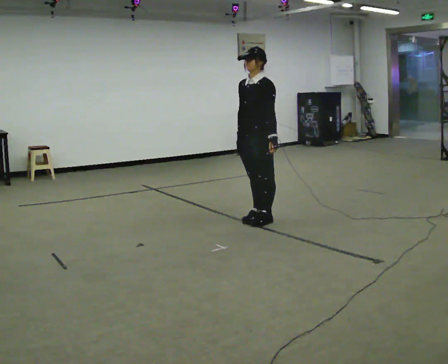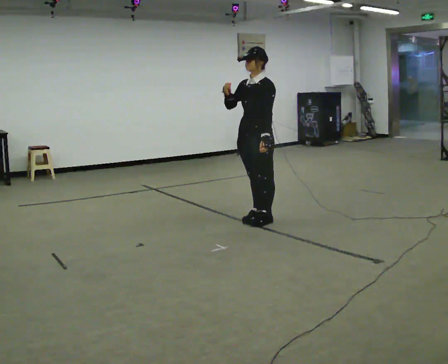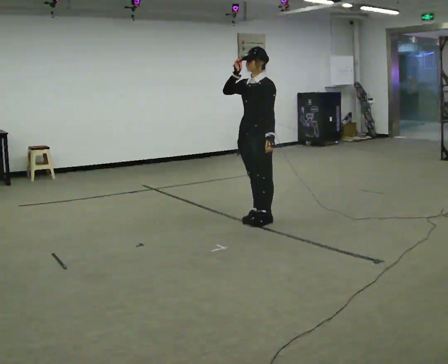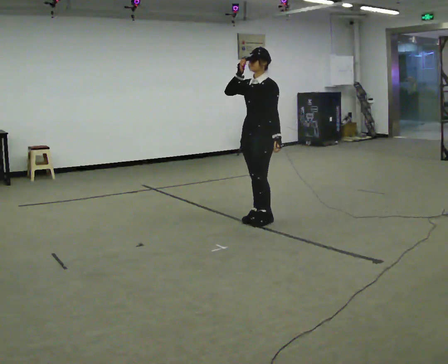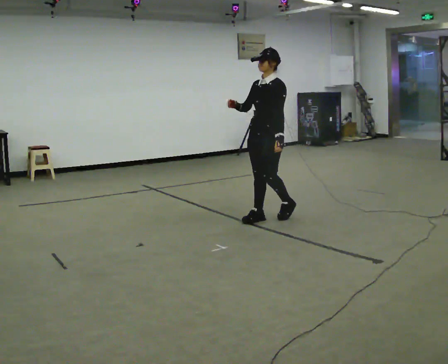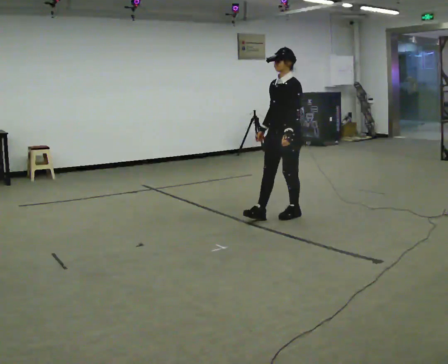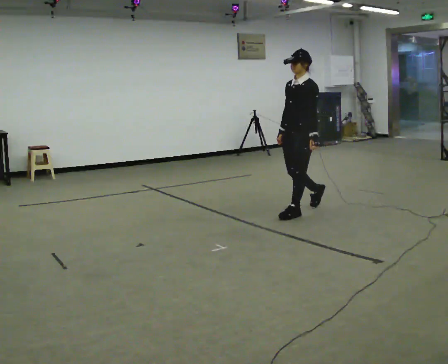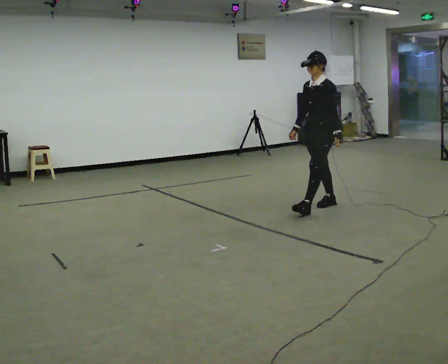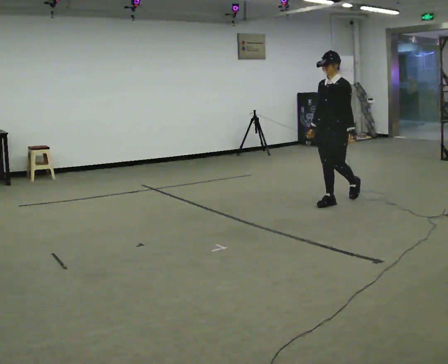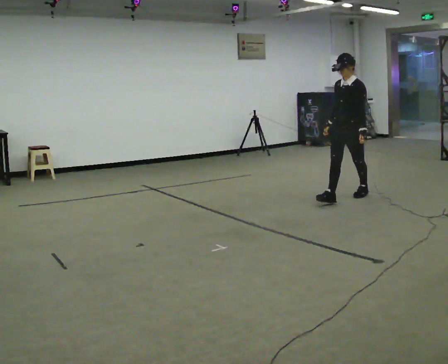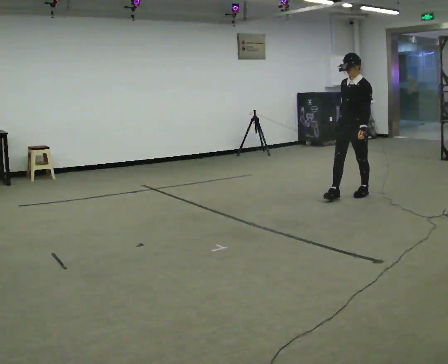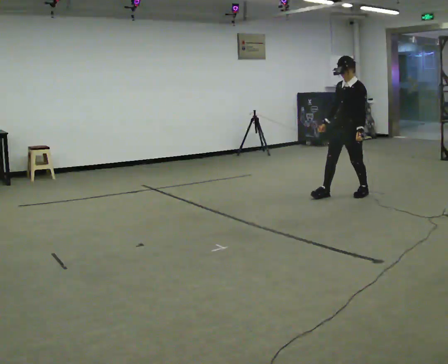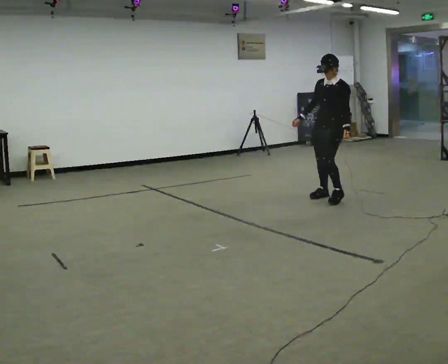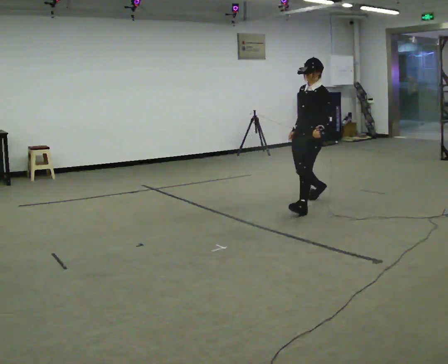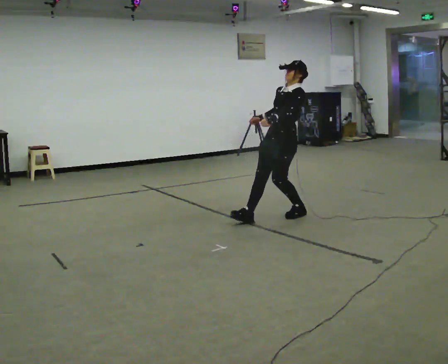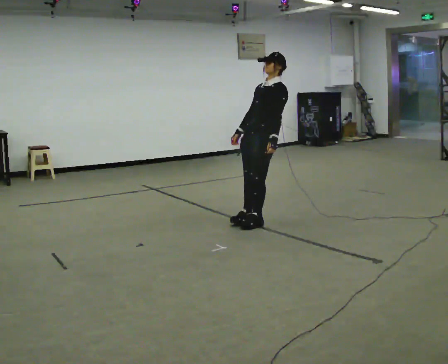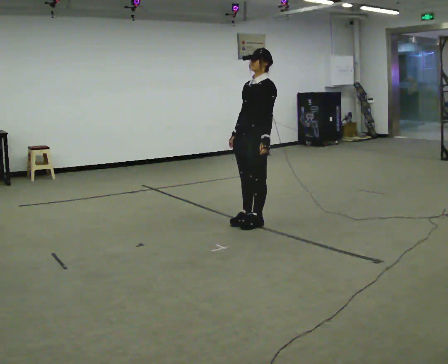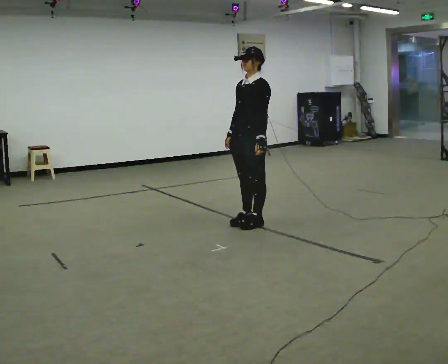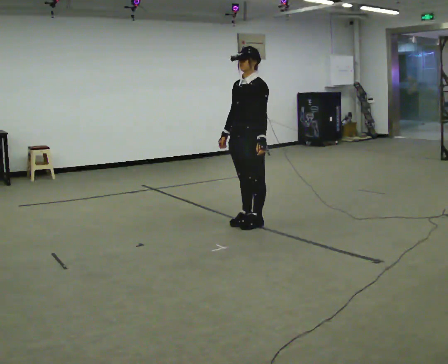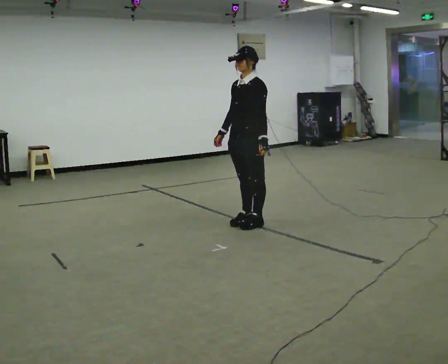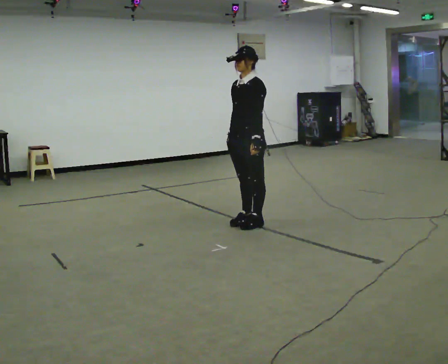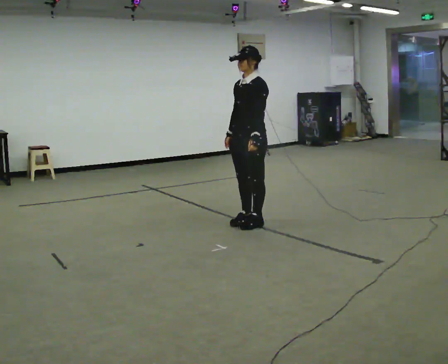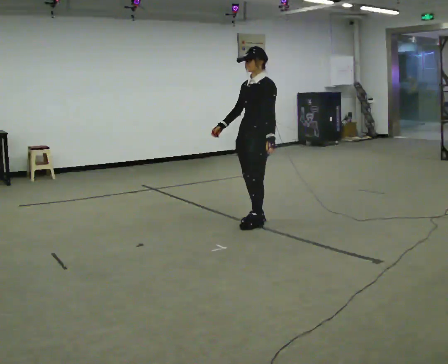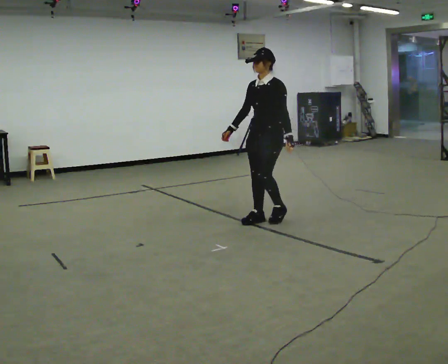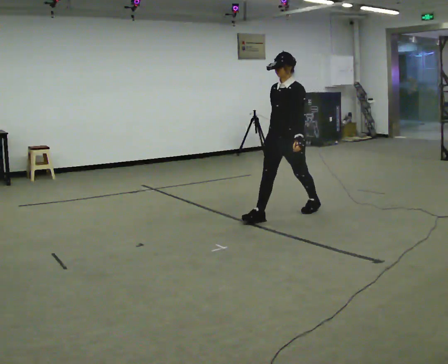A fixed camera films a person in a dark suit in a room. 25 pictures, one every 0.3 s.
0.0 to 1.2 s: In the picture their right hand goes upward.
1.2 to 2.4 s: In the picture they go away from the camera and to the right, about 1 m in 2 steps, which for them is backward. In the picture their right hand goes downward.
2.4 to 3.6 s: In the picture they go away from the camera, about 0.25 m in 2 steps, which for them is backward and to their right.
3.6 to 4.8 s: In the picture they go toward the camera and to the left, about 1 m in 2 steps, which for them is forward.
4.8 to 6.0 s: The person moves a little, or ends about where they began.
6.0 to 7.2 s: In the picture they go away from the camera and to the right, about 0.5 m in 1 step, which for them is backward.
The film runs backward here.
